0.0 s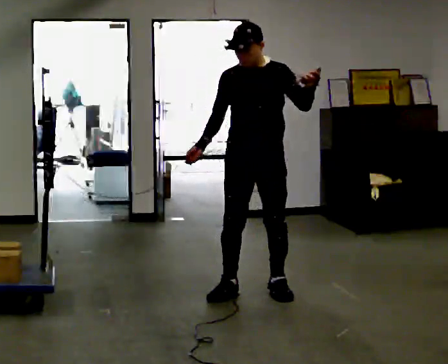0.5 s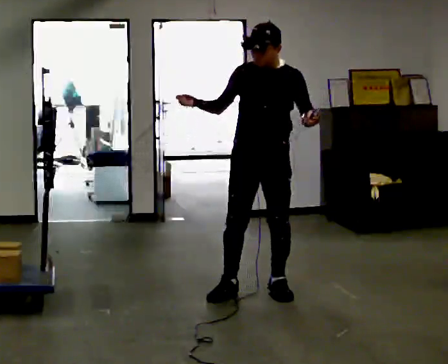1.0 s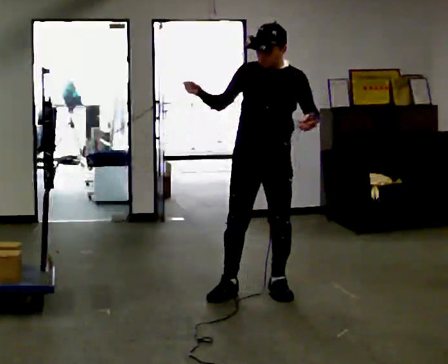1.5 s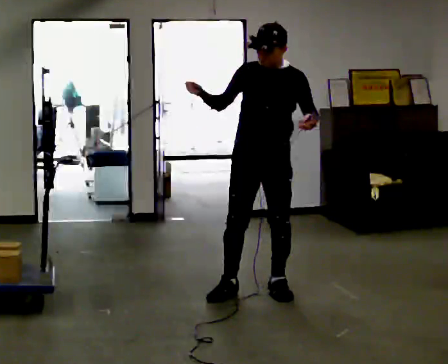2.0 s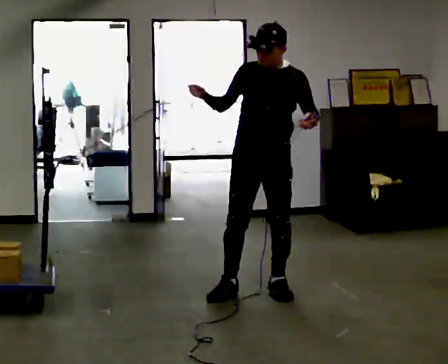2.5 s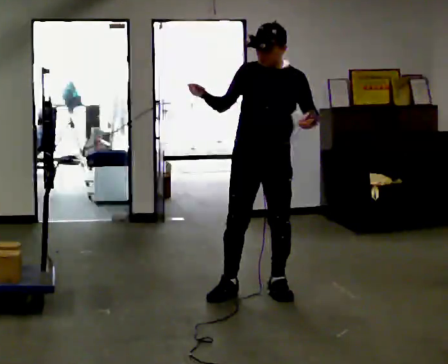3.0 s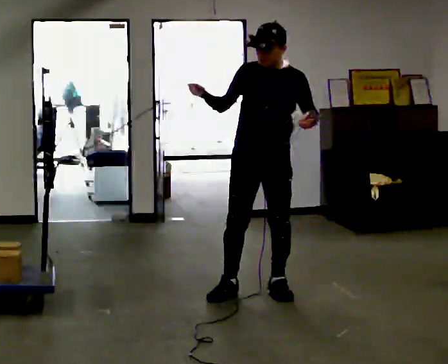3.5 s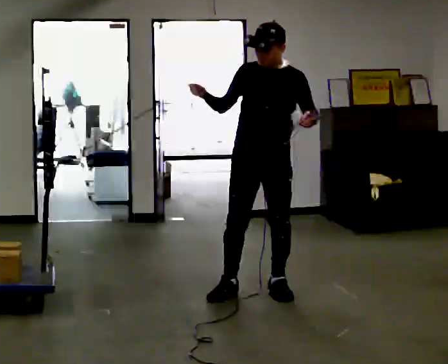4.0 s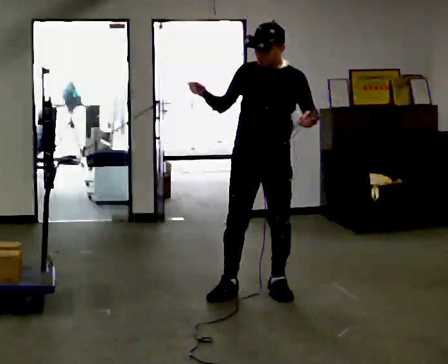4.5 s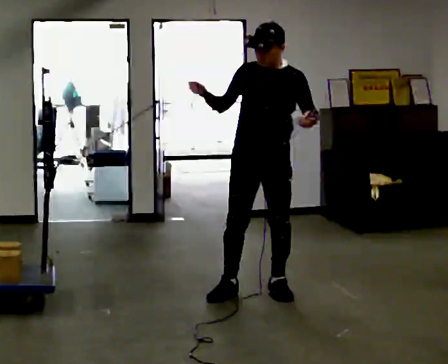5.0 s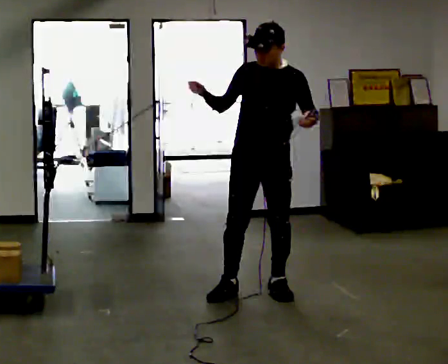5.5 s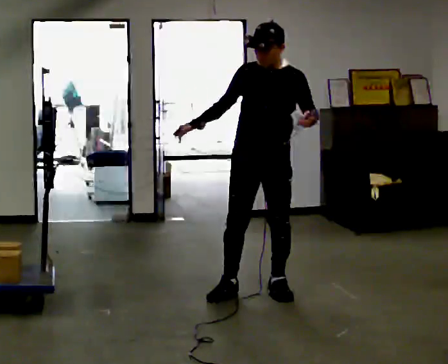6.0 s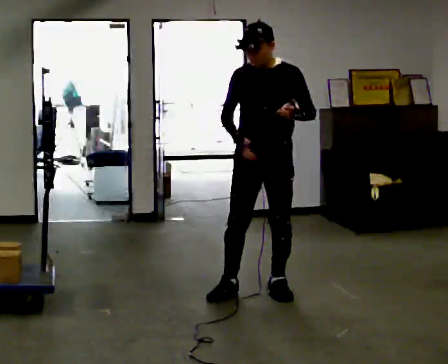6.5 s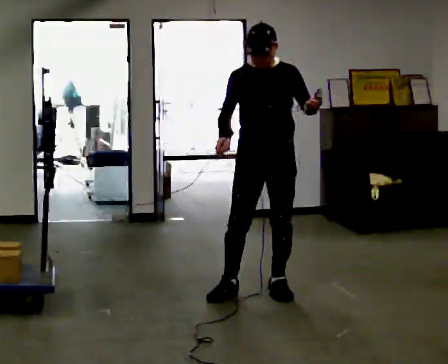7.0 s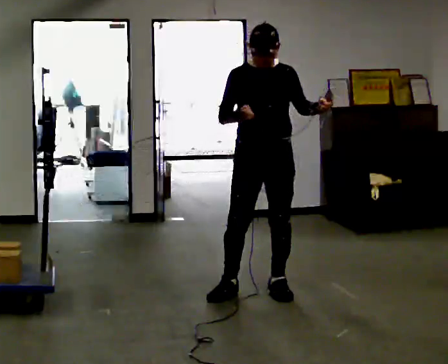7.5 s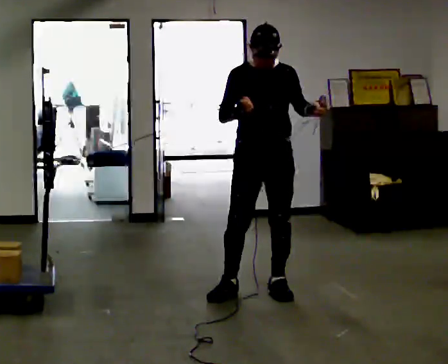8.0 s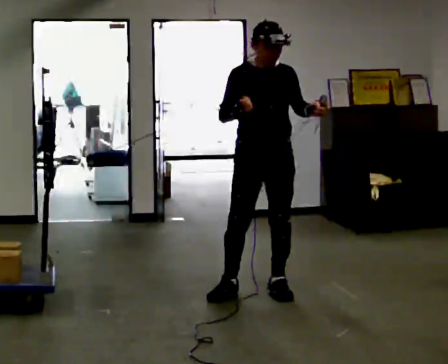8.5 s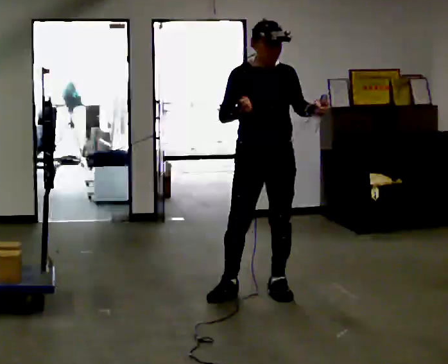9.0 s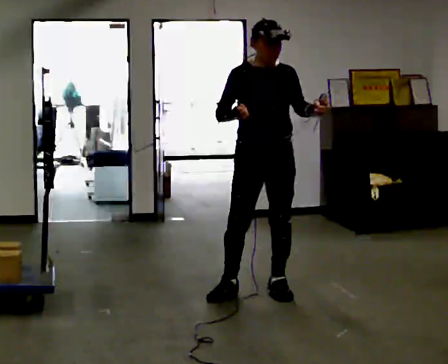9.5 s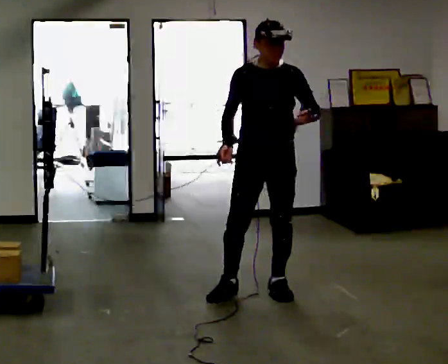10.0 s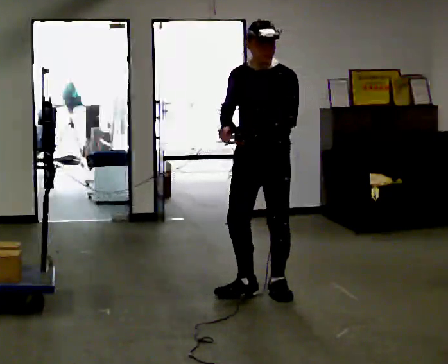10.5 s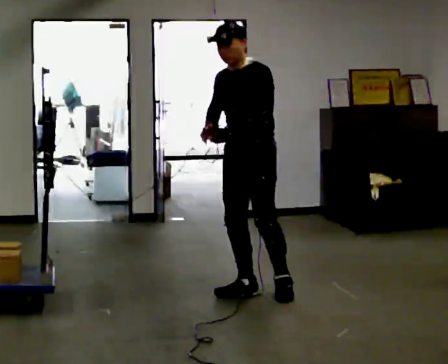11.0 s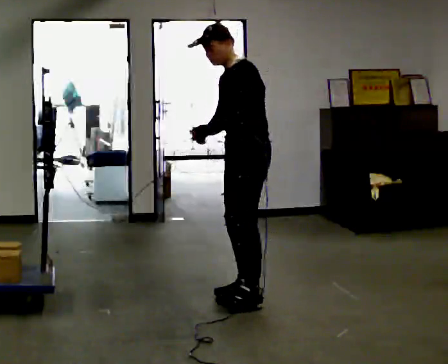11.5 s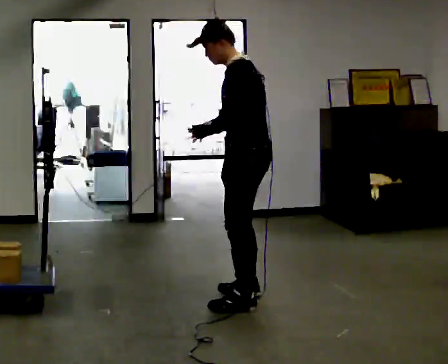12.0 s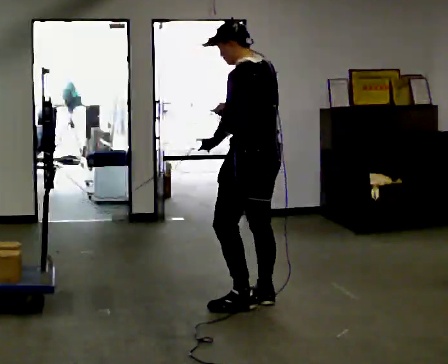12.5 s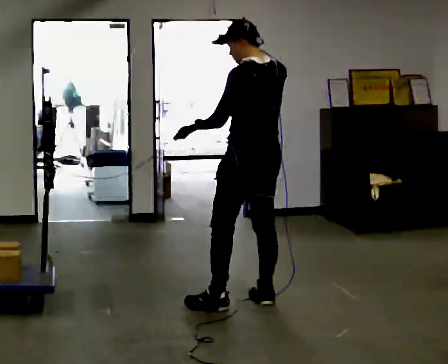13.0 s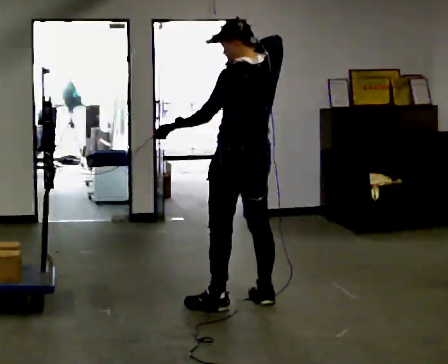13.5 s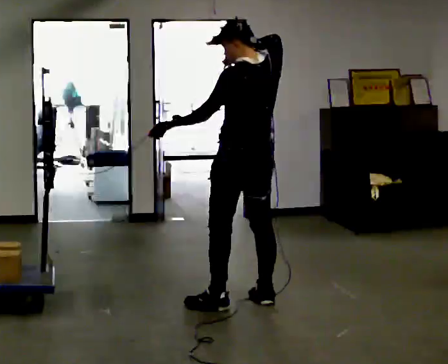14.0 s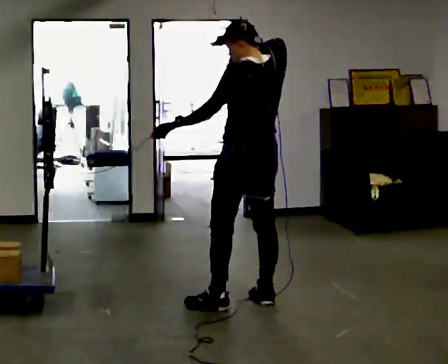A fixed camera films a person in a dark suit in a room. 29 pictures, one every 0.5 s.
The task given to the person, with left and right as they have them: Hold the rope on the loaded pallet and pull as hard as is comfortable for a few seconds, then relax. The operator will log the load and the peak reading on the scale for every take.
0.0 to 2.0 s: In the picture their right hand goes upward.
2.0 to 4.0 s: The person keeps their place and pose.
4.0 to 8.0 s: The person moves a little, or ends about where they began.
8.0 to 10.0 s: Seen from above the body turns clockwise, about 30 degrees: to their right, with its near side sliding to the left. In the picture their left hand goes to the left, the arm swinging clockwise.
10.0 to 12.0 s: The part of the body nearest the lens slides to the left as the person turns to their right by about 105 degrees. In the picture they go toward the camera, about 0.25 m in 2 steps.
12.0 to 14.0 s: The person moves a little, or ends about where they began.
The film runs forward here.
